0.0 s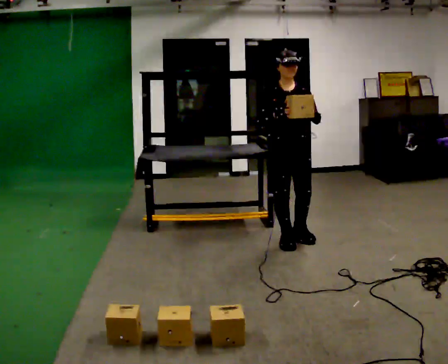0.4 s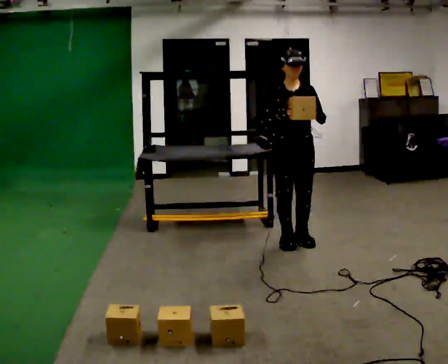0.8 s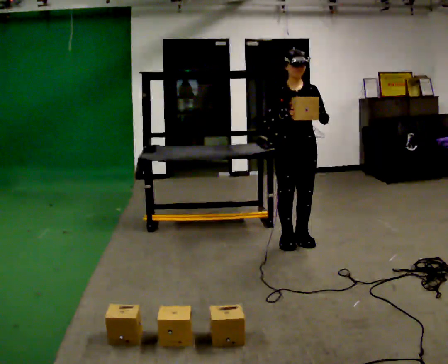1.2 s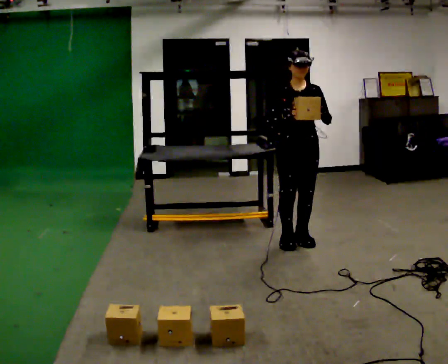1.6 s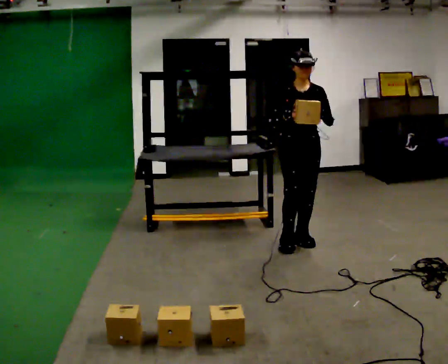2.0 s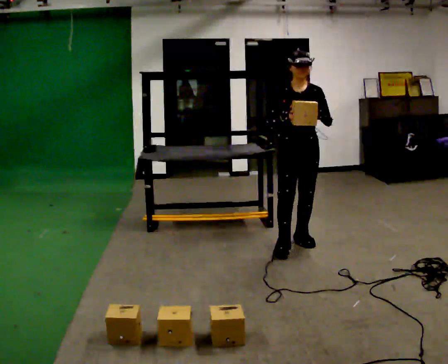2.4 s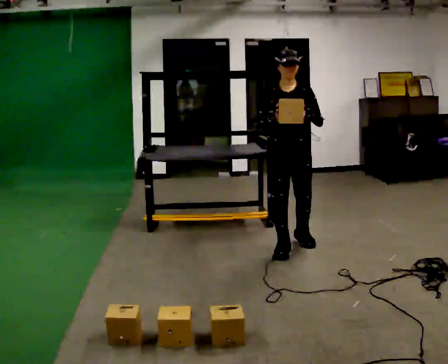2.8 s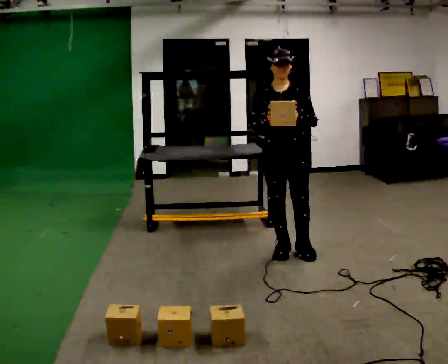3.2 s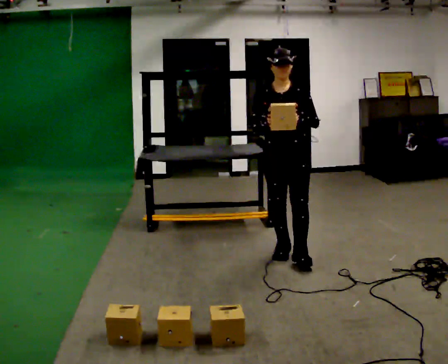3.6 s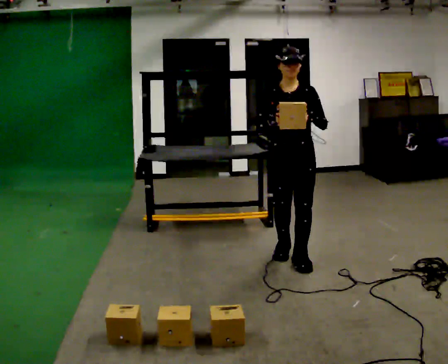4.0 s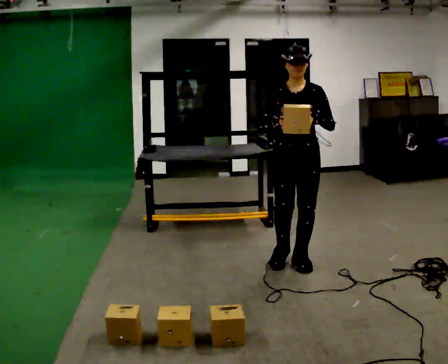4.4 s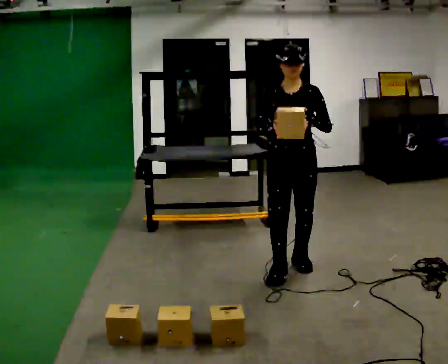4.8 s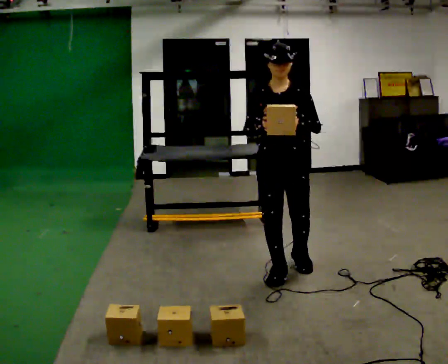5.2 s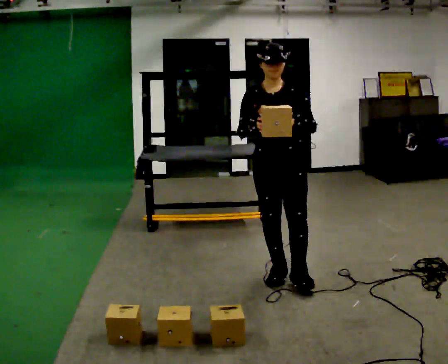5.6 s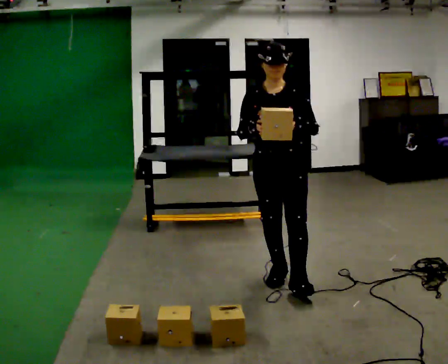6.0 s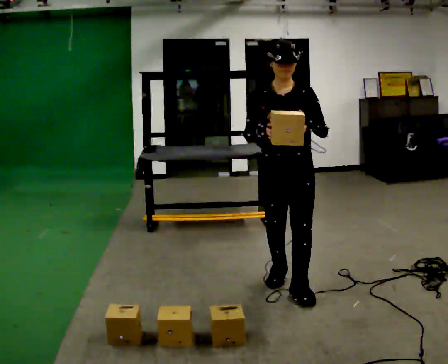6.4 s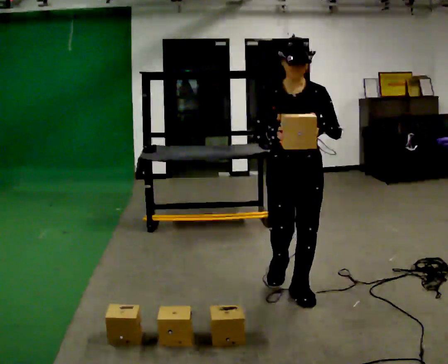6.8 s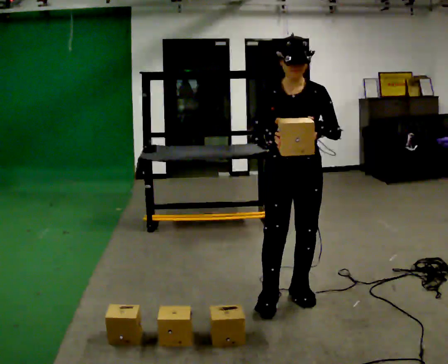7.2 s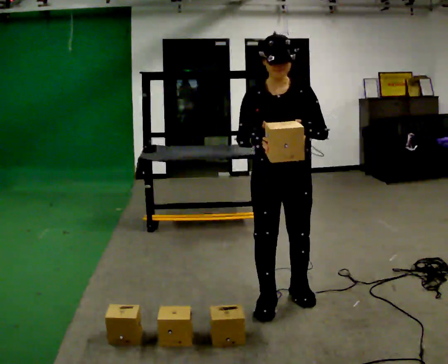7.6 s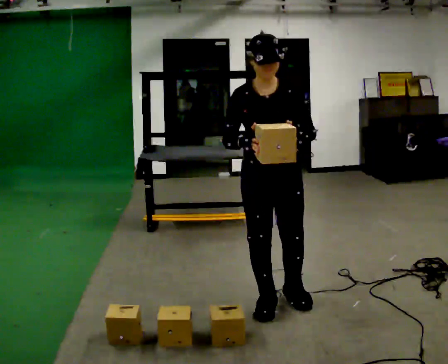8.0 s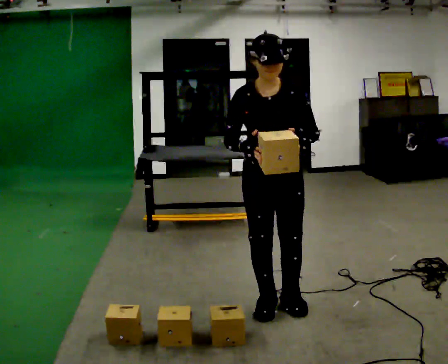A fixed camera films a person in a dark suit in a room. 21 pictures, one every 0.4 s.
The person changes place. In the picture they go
toward the camera.
0.0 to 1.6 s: The person moves a little, or ends about where they began.
1.6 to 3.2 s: In the picture they go toward the camera, about 0.25 m in 2 steps, which for them is forward and to their right.
3.2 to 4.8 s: In the picture they go toward the camera, about 0.5 m in 1 step, which for them is forward.
4.8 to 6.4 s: In the picture they go toward the camera, about 0.25 m in 1 step, which for them is forward.
6.4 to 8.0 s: In the picture they go toward the camera, about 0.25 m in 2 steps, which for them is forward and to their right.
The film runs forward here.
